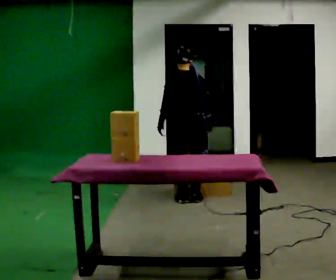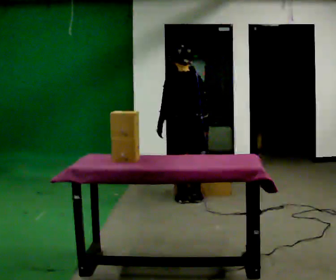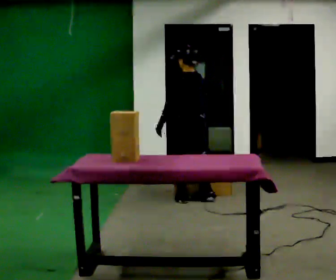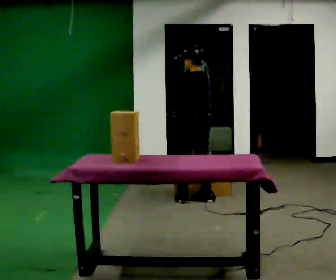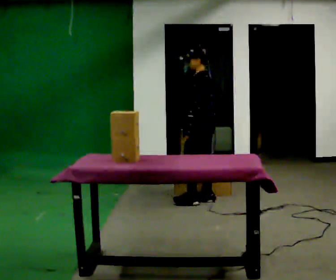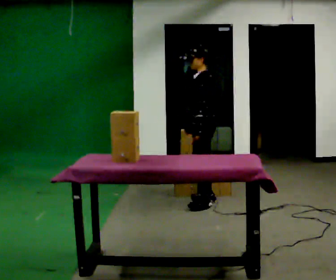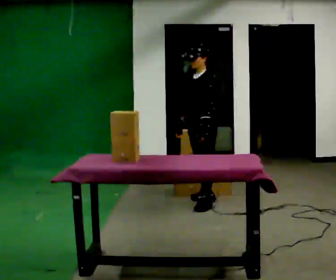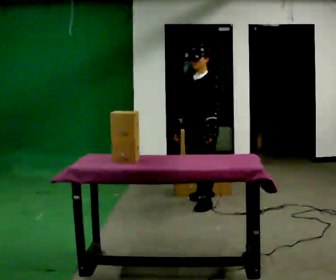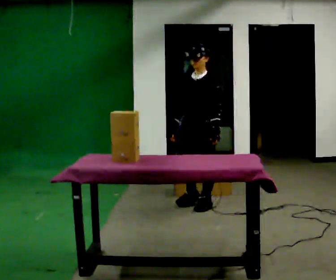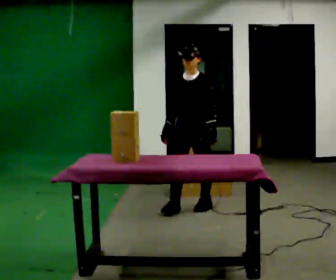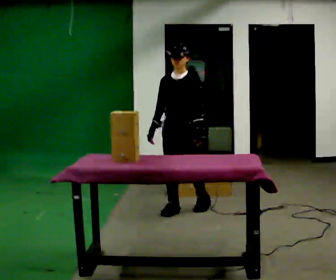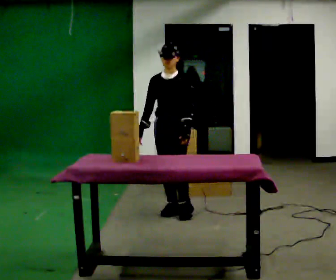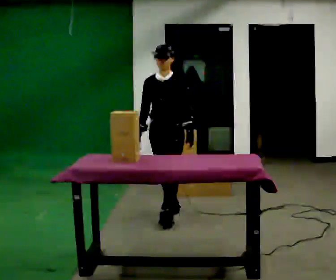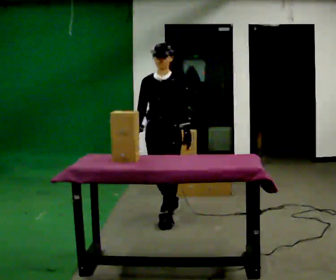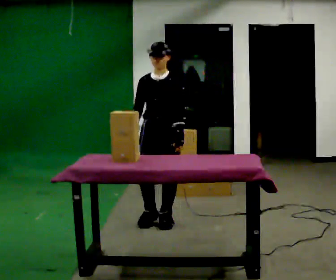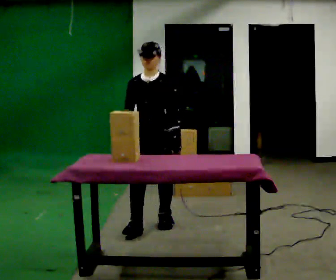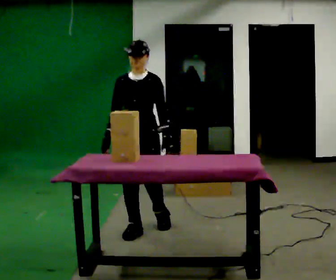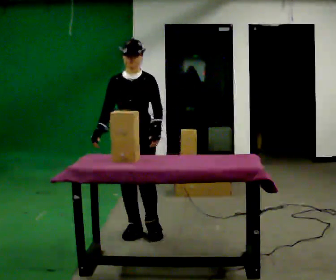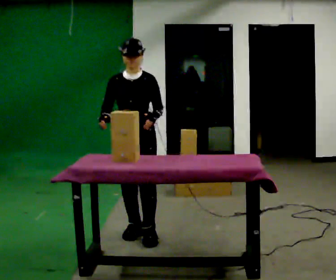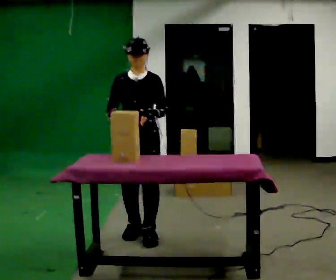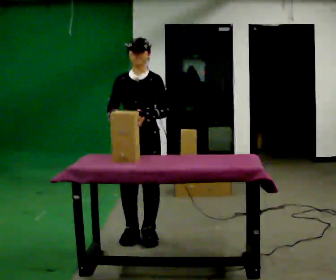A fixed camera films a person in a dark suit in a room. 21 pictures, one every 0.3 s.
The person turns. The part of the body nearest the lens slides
to the right.
The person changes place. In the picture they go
toward the camera.
0.0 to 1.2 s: The person turns about 60 degrees to their left, counterclockwise seen from above, so the part of the body nearest the lens slides to the right. In the picture they go to the right, about 0.25 m.
1.2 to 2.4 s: The person turns about 75 degrees to their left, counterclockwise seen from above, so the part of the body nearest the lens slides to the right. In the picture they go toward the camera, about 0.25 m in 1 step.
2.4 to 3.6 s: In the picture they go toward the camera and to the left, about 0.5 m in 2 steps, which for them is forward.
3.6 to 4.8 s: In the picture they go toward the camera and to the left, about 0.5 m in 1 step, which for them is forward.
4.8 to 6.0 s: In the picture they go toward the camera, about 0.25 m in 2 steps, which for them is forward.
The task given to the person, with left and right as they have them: Carry the object across the room, open the lid of the container, put the object inside, and close the lid again. Then go back for the next one. Keep going until the operator says stop; one object at a time, and do not rush between trips.
The film runs forward here.
